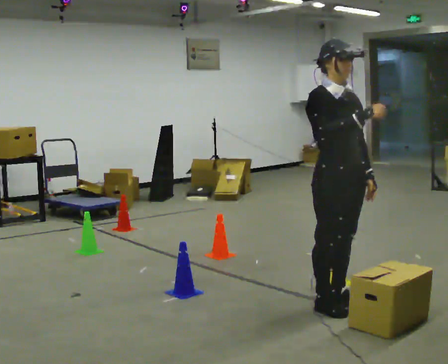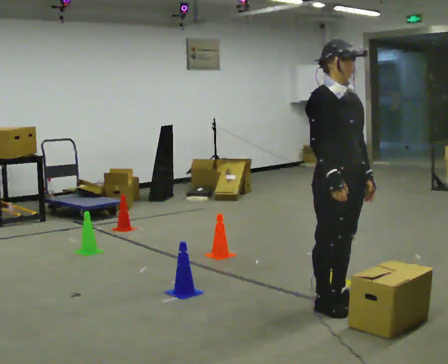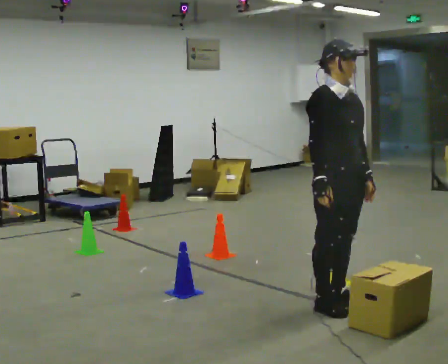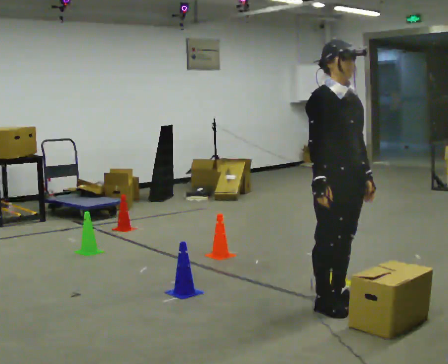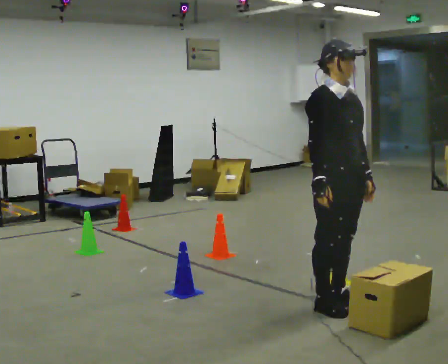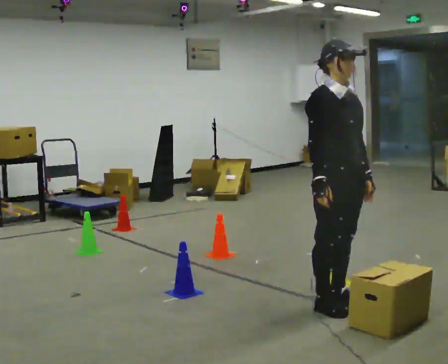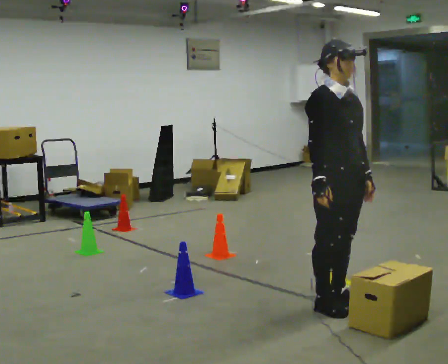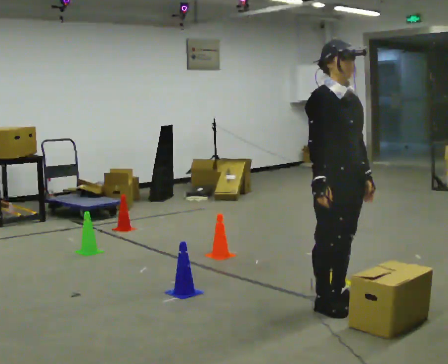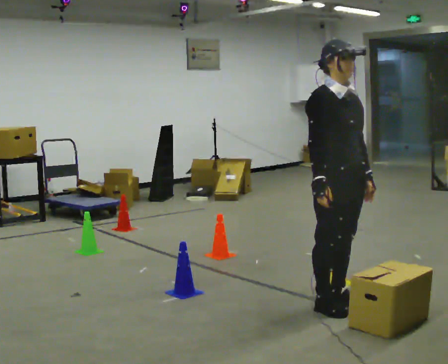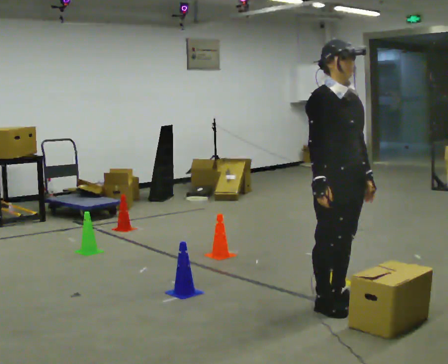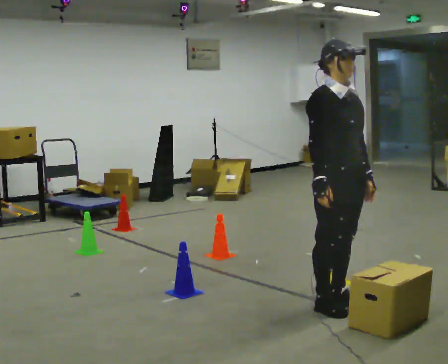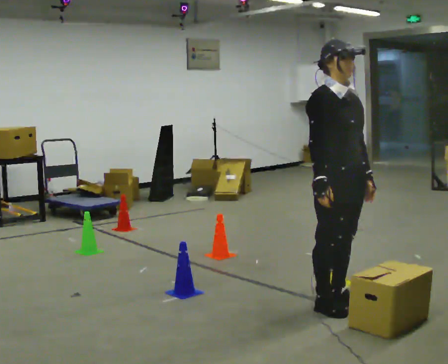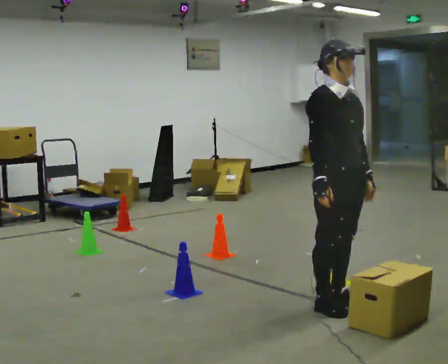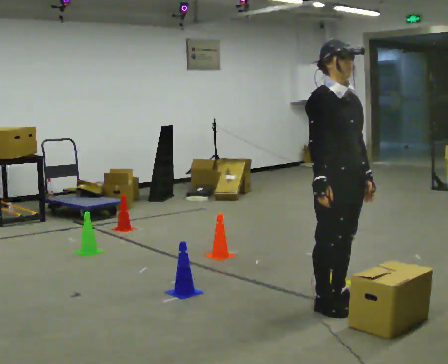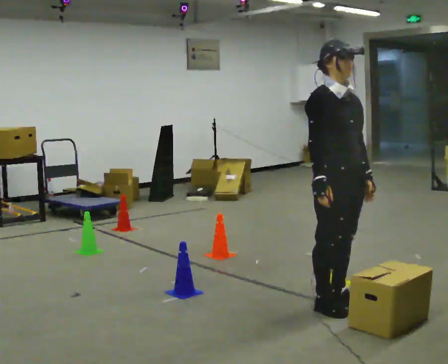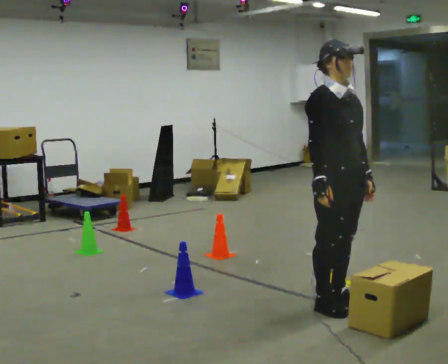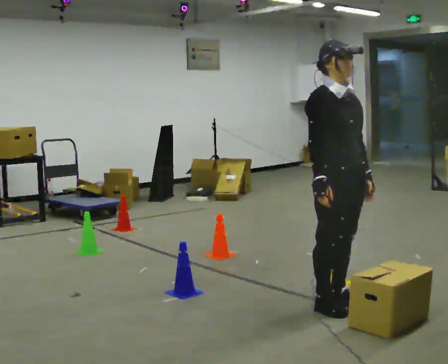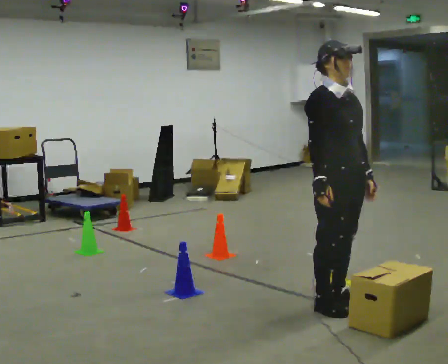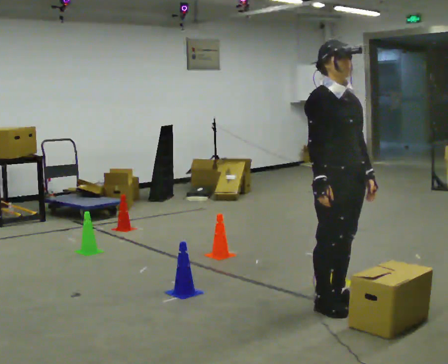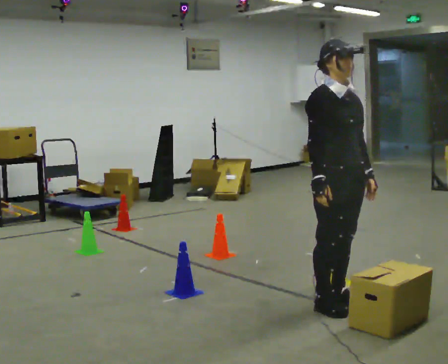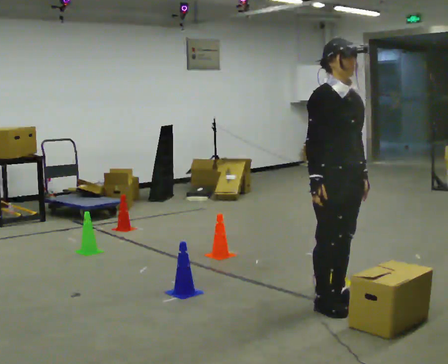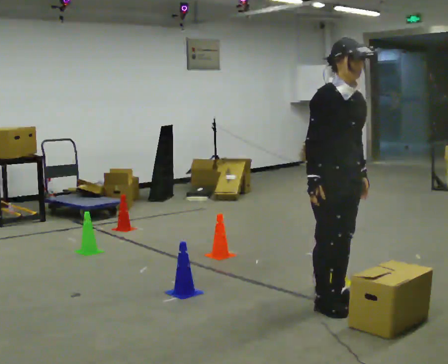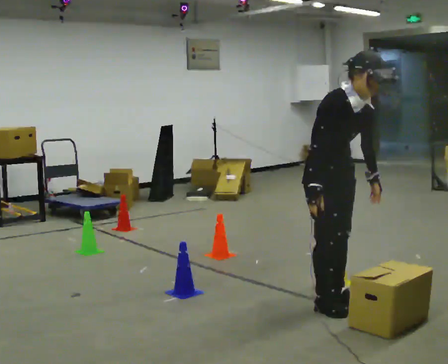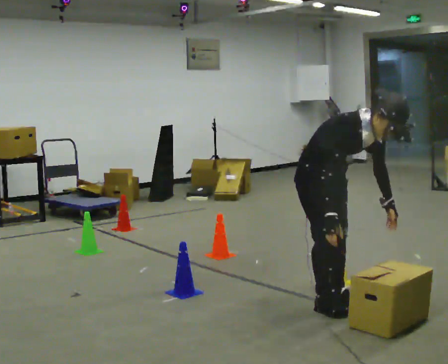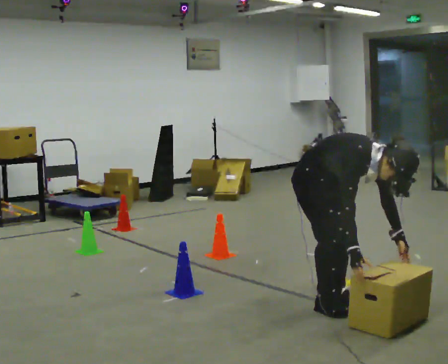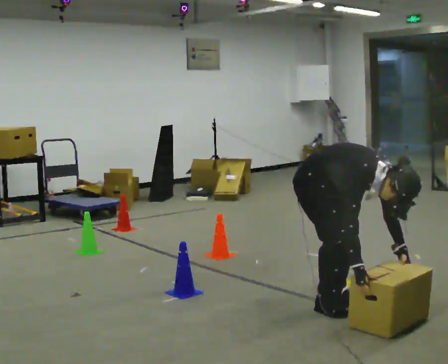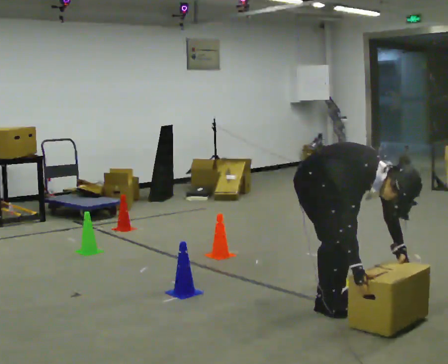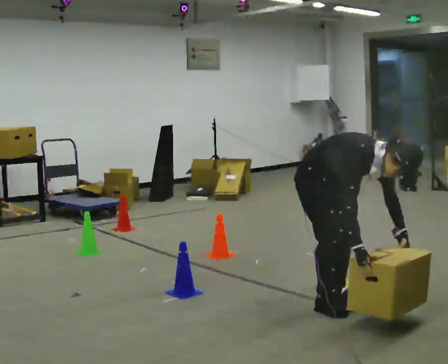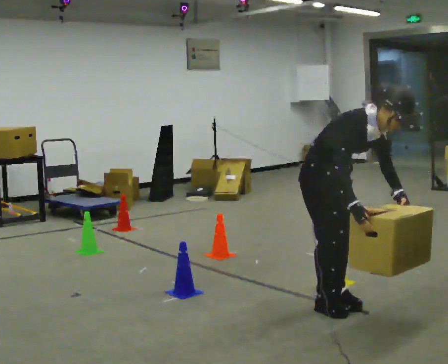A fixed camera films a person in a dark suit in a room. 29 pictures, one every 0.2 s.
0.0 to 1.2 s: In the picture their right hand goes downward.
1.2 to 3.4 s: The person keeps their place and pose.
3.4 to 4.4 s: In the picture the upper body tilts clockwise, shoulders to the right, as they bend forward.
4.4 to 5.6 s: The person moves a little, or ends about where they began.
The film runs backward here.
